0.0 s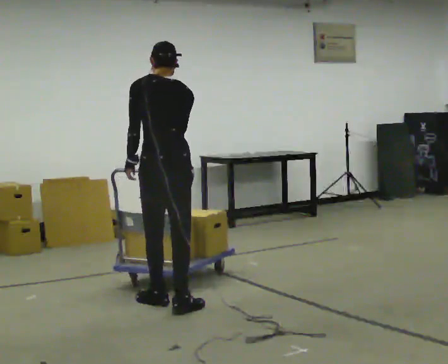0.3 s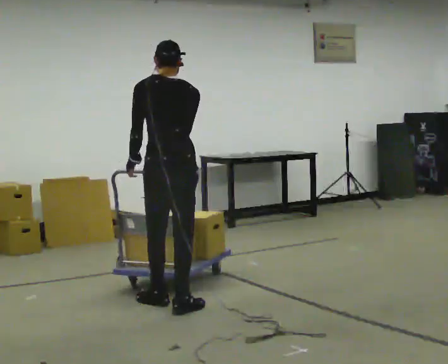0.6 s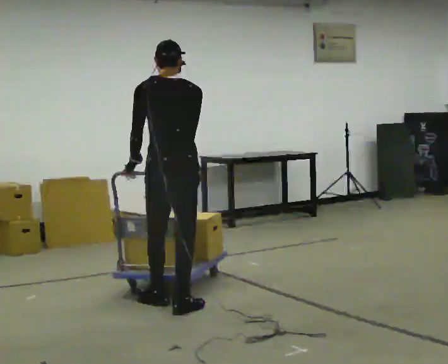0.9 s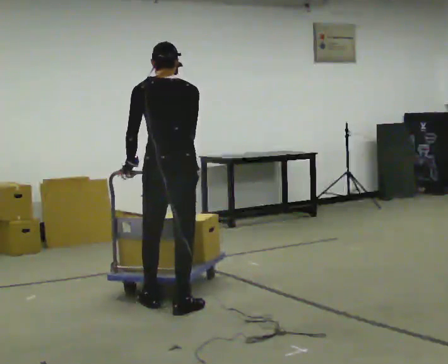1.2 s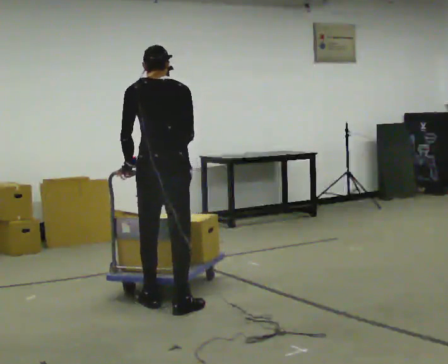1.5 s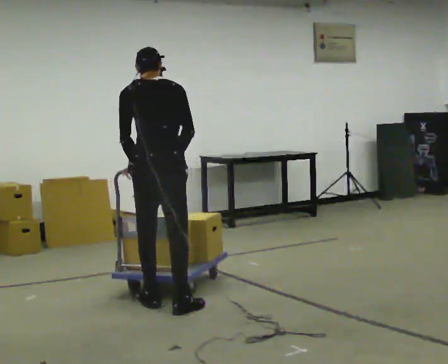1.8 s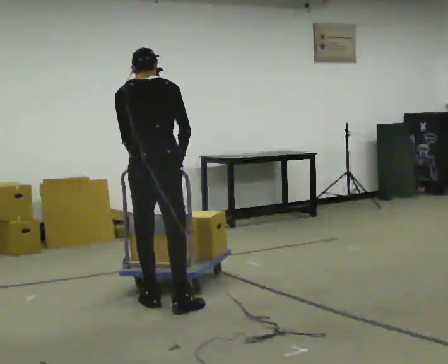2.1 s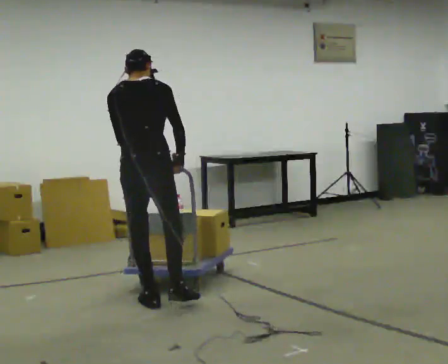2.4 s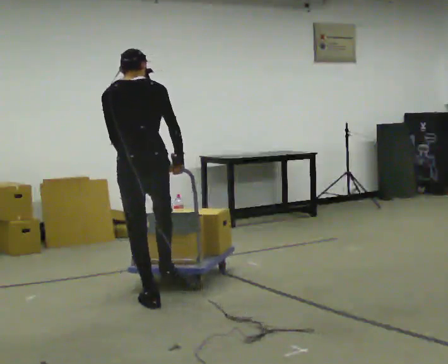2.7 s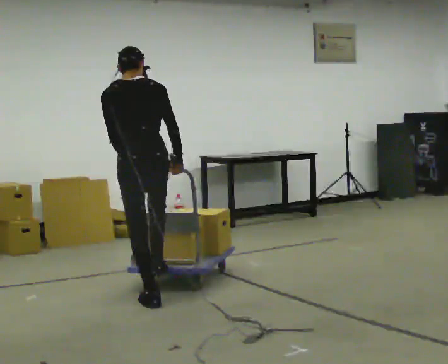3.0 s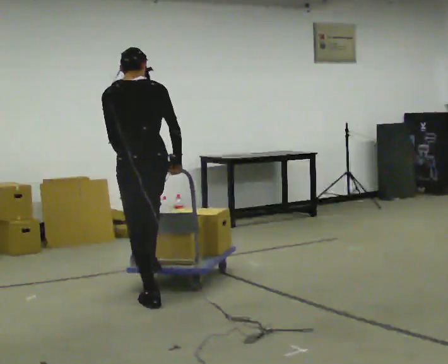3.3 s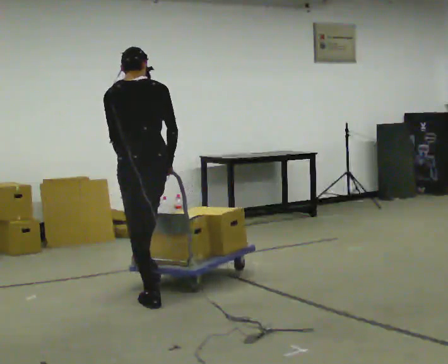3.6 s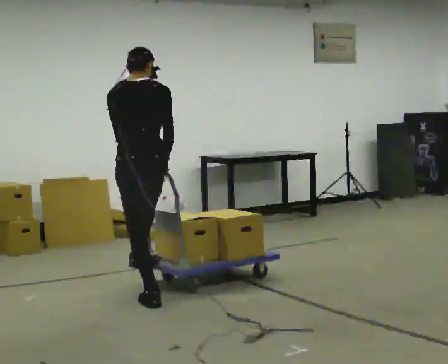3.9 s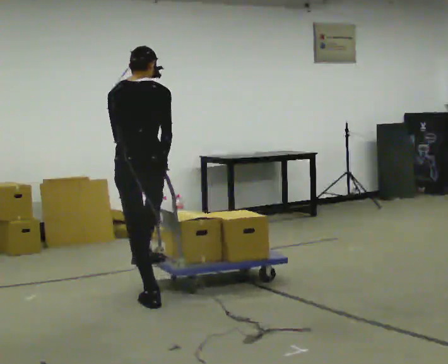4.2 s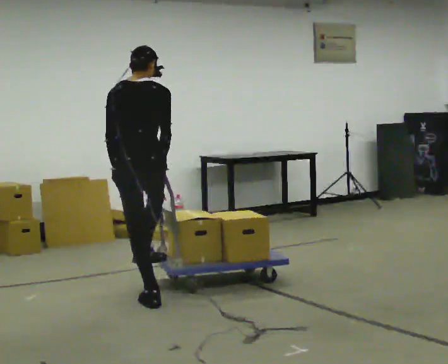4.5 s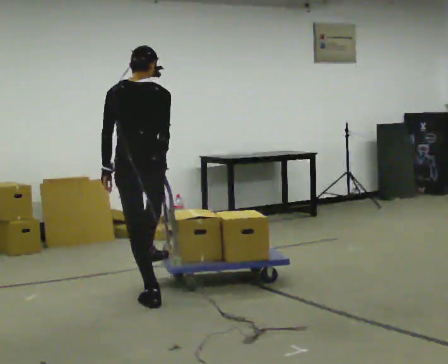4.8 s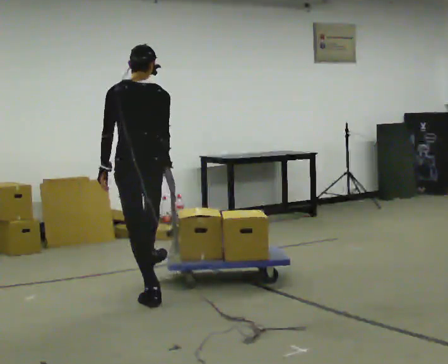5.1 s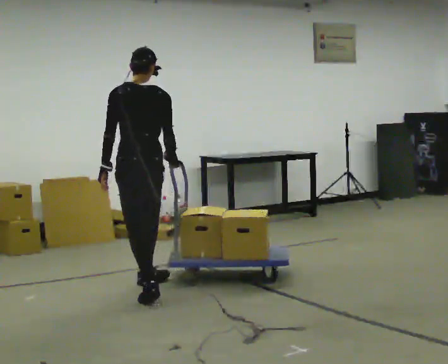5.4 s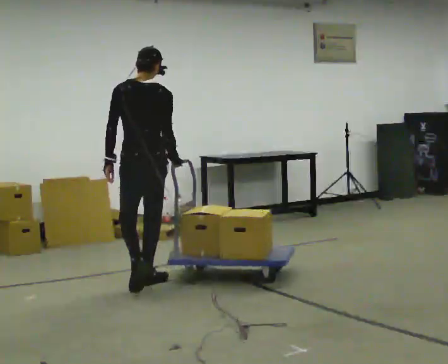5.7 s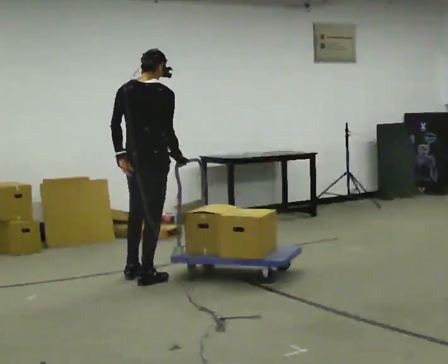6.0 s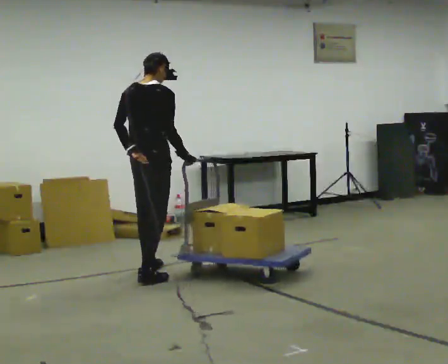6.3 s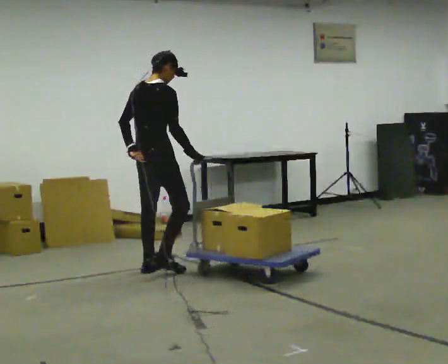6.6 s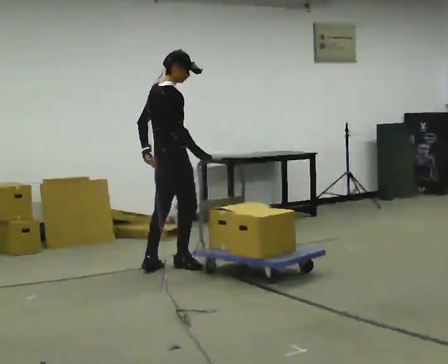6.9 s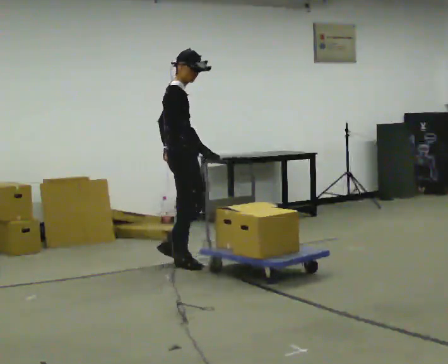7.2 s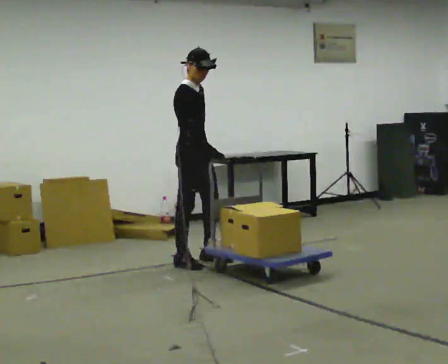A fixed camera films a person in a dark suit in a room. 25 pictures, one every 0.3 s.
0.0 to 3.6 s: In the picture they go to the left, about 0.25 m in 1 step, which for them is to their left and forward.
3.6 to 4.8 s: In the picture they go away from the camera, about 0.25 m in 1 step, which for them is forward.
4.8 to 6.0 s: The person turns about 45 degrees to their right, clockwise seen from above, so the part of the body nearest the lens slides to the left. In the picture they go away from the camera, about 0.75 m in 1 step, which for them is forward.
6.0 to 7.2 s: The person turns about 90 degrees to their right, clockwise seen from above, so the part of the body nearest the lens slides to the left. In the picture they go away from the camera and to the right, about 0.5 m in 2 steps.
The film runs forward here.
